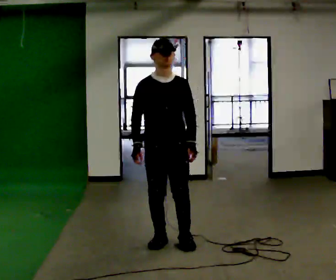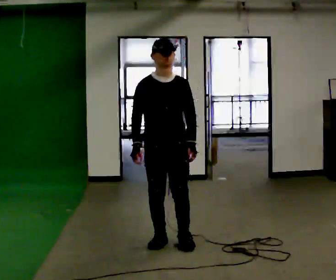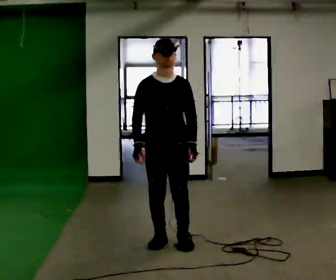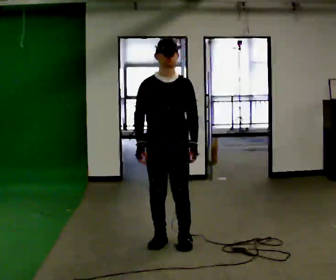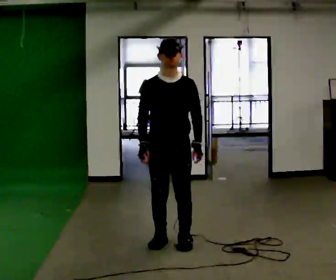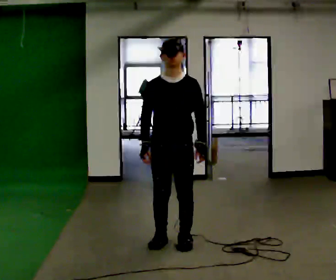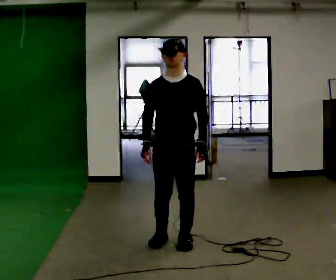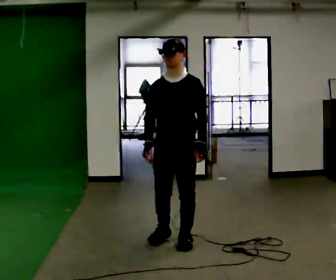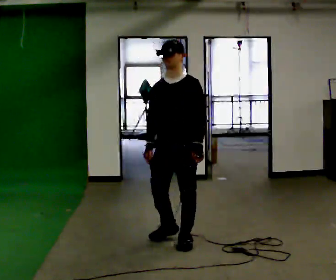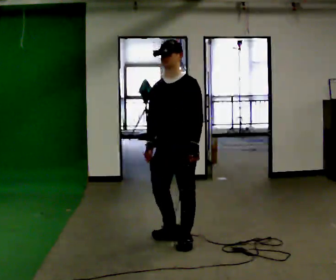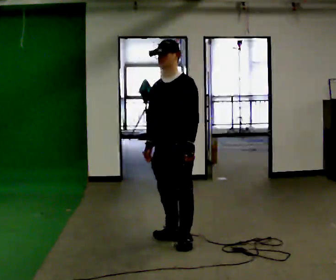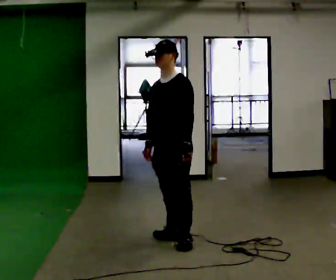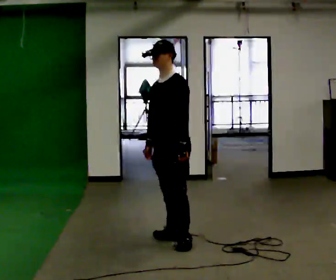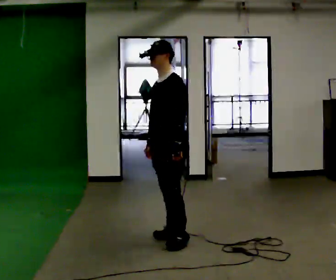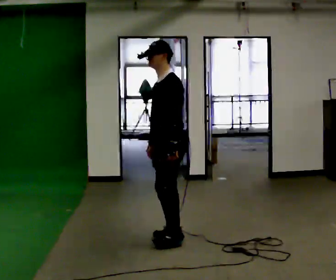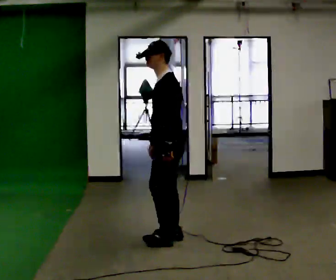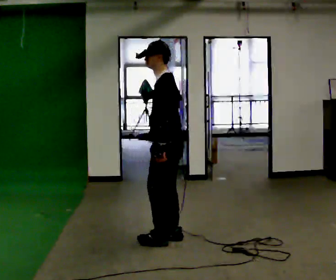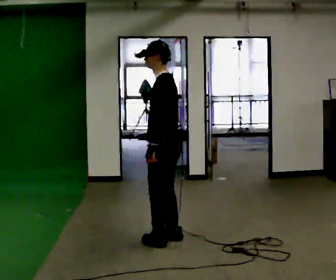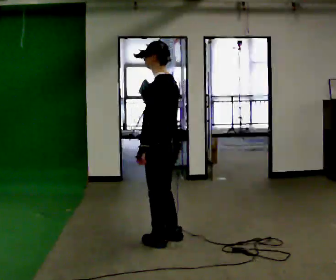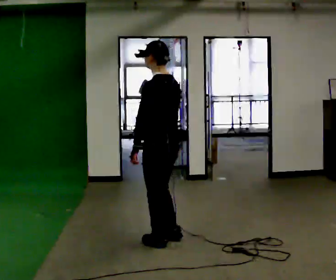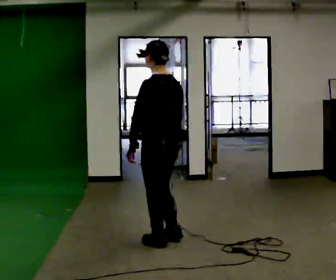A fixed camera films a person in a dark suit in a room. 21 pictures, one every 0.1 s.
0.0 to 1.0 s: Seen from above the body turns clockwise, about 45 degrees: to their right, with its near side sliding to the left.
1.0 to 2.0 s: Seen from above the body turns clockwise, about 90 degrees: to their right, with its near side sliding to the left. In the picture their left hand goes to the left.
The film runs backward here.
